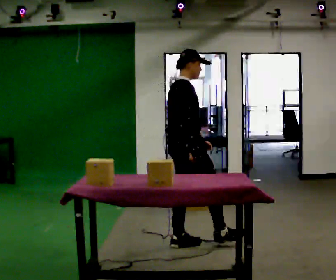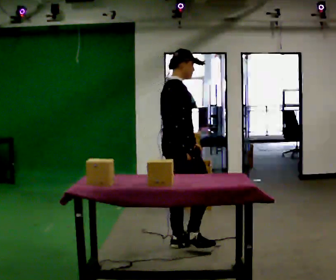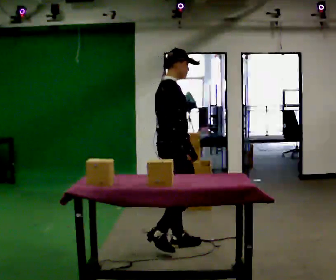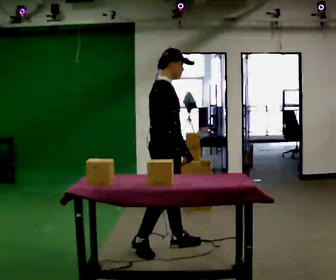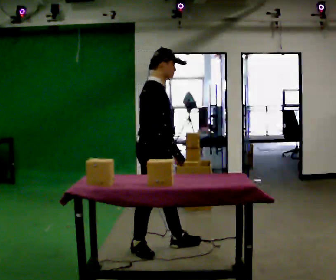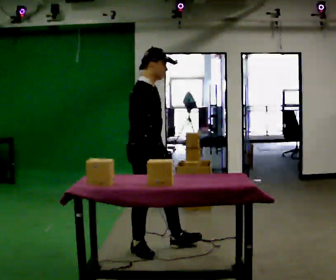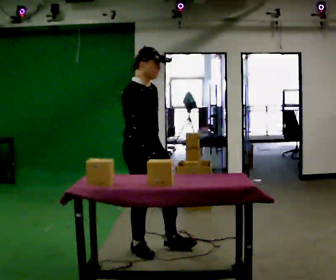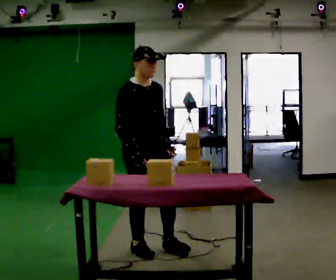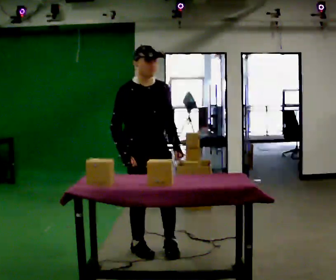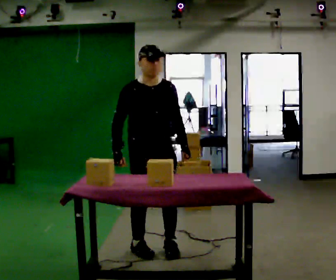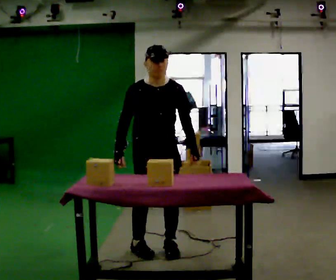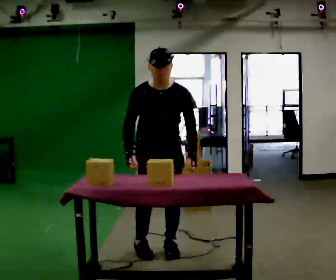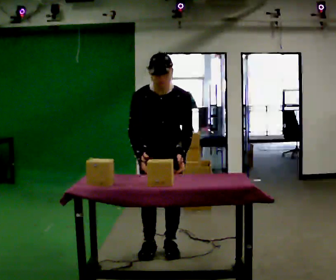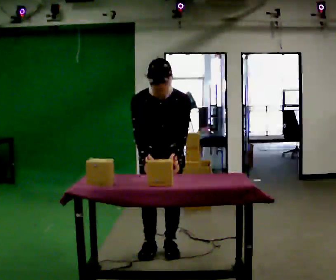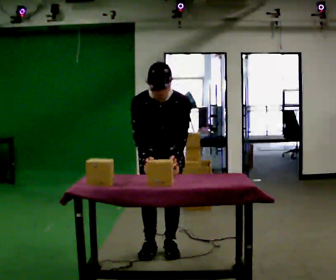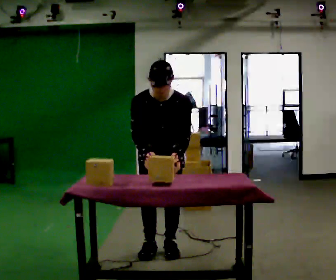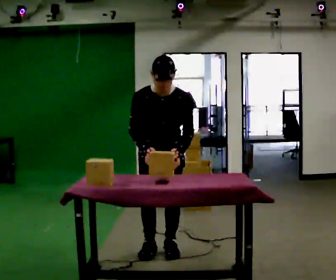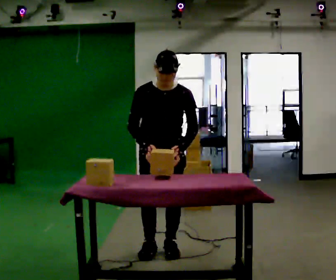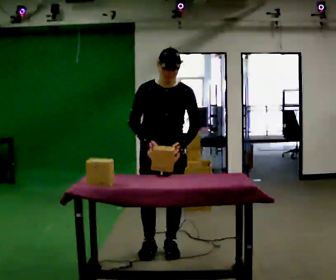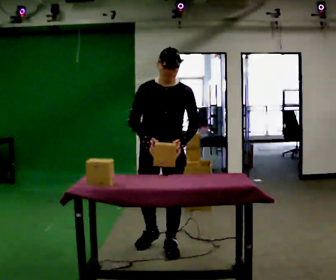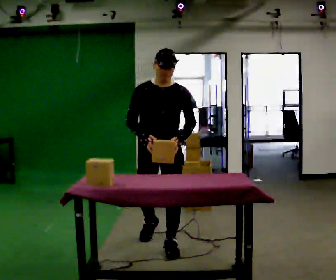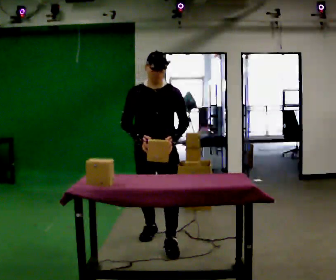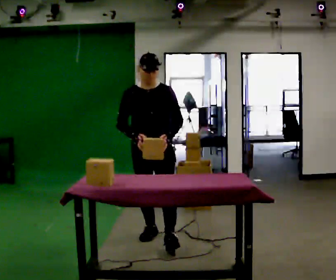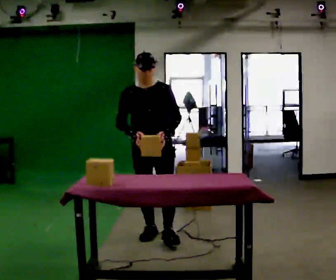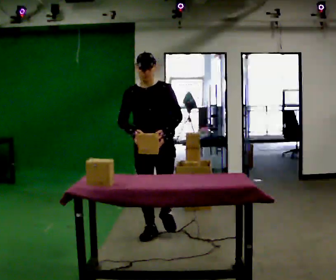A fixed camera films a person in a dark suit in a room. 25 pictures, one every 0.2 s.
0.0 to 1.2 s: Seen from above the body turns clockwise, about 45 degrees: to their right, with its near side sliding to the left. In the picture they go to the left and toward the camera, about 0.5 m, which for them is backward and to their right.
1.2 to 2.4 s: The part of the body nearest the lens slides to the left as the person turns to their right by about 60 degrees. In the picture they go to the right, about 0.25 m in 1 step. The upper body tips toward the camera, its near side rolling downward, as they bend forward.
2.4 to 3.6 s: The person moves a little, or ends about where they began.
3.6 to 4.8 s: In the picture they go away from the camera, about 0.5 m in 2 steps, which for them is backward.
The film runs backward here.
